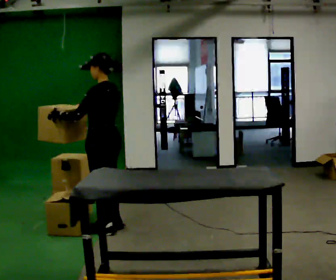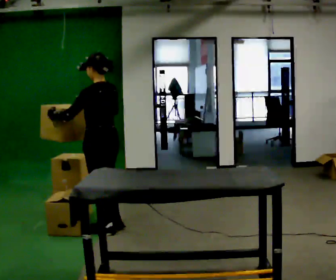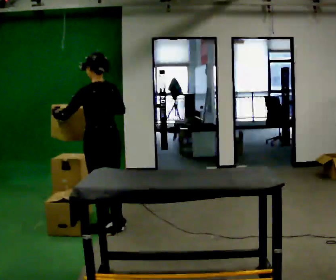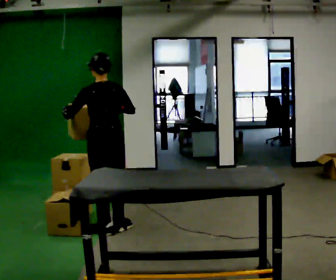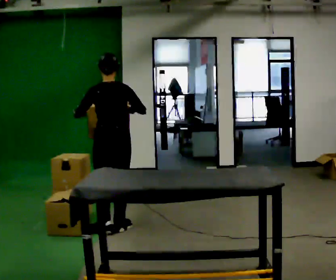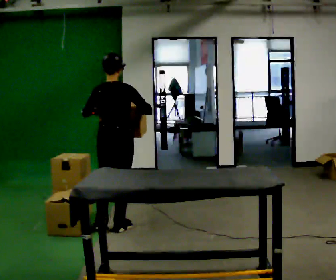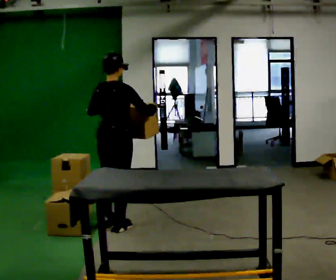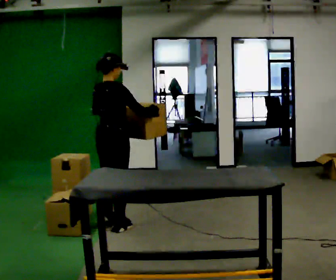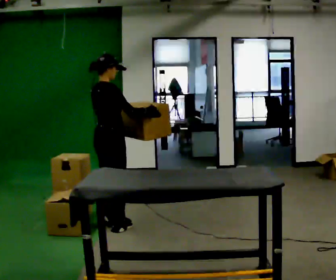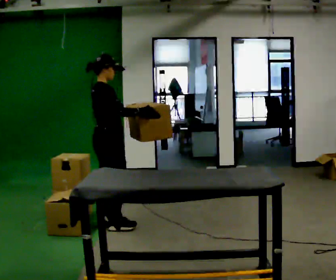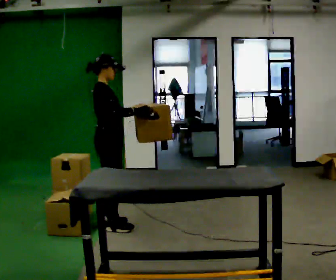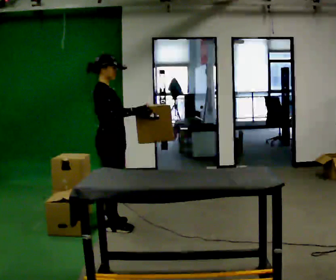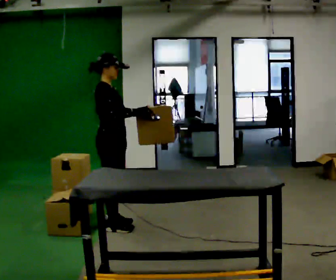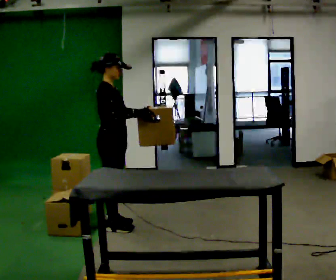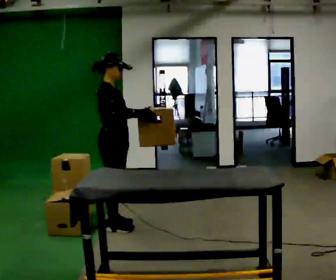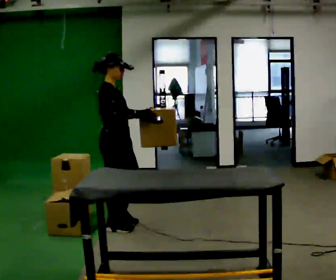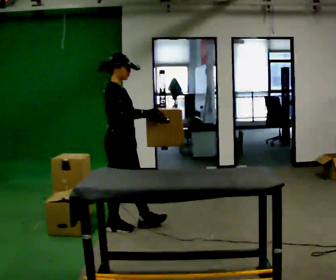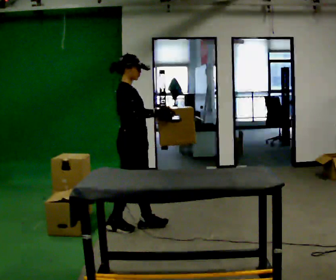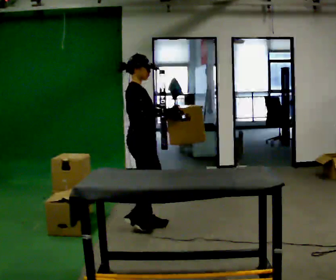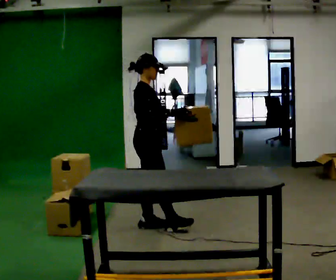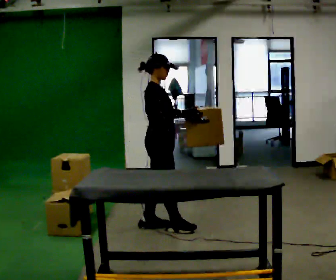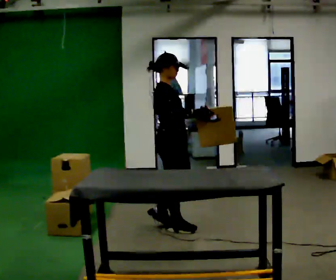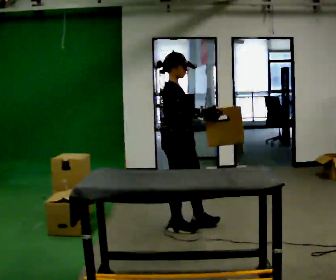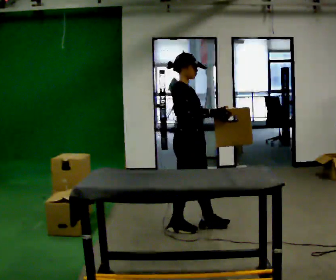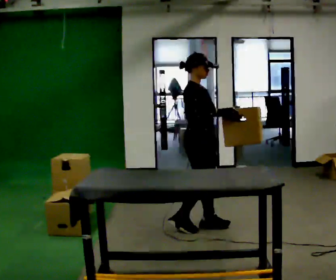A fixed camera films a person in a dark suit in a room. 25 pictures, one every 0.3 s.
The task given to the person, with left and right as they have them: Pick up the next box in the row and carry it to the table. The operator will not tell you how heavy each one is. Keep going until the operator says stop; one object at a time, and do not rush between trips.
0.0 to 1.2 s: The person turns about 60 degrees to their right, clockwise seen from above, so the part of the body nearest the lens slides to the left.
1.2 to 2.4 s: The person turns about 60 degrees to their right, clockwise seen from above, so the part of the body nearest the lens slides to the left. In the picture their left hand goes to the right.
2.4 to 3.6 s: The part of the body nearest the lens slides to the left as the person turns to their right by about 30 degrees.
3.6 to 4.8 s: The person moves a little, or ends about where they began.
4.8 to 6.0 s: In the picture they go to the right, about 0.25 m in 1 step, which for them is forward.
6.0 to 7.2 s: In the picture they go to the right, about 0.25 m in 1 step, which for them is forward.
The film runs forward here.
